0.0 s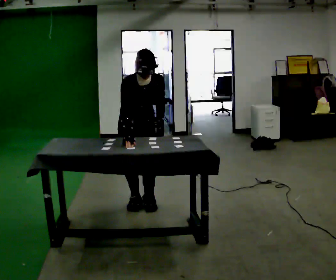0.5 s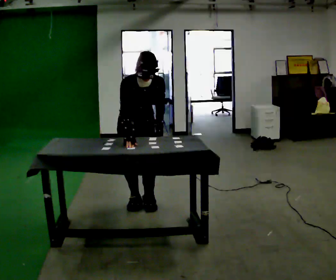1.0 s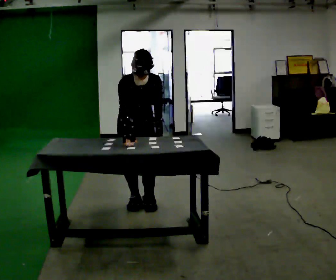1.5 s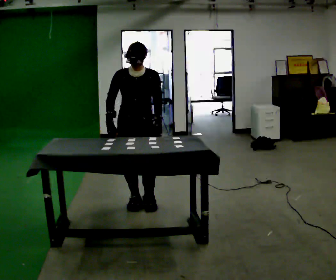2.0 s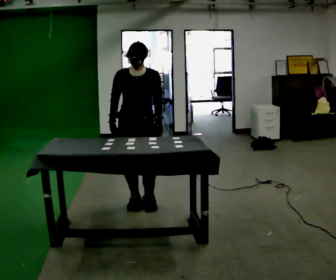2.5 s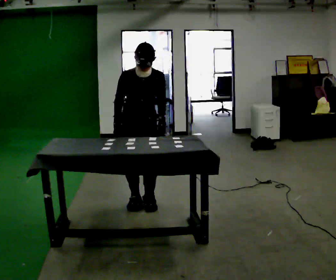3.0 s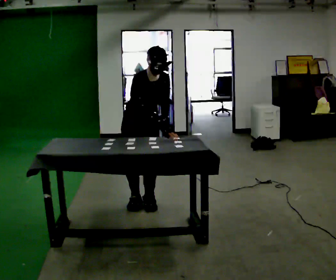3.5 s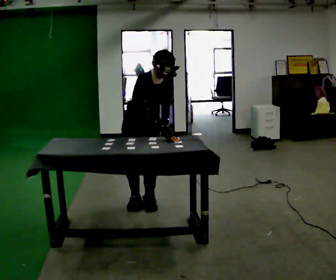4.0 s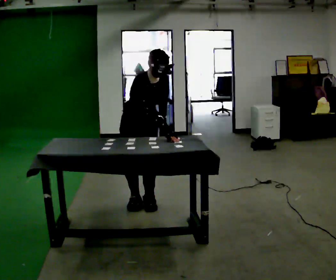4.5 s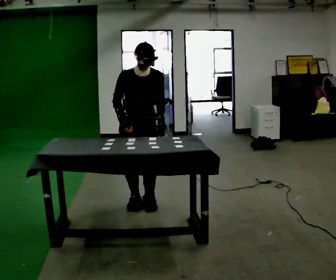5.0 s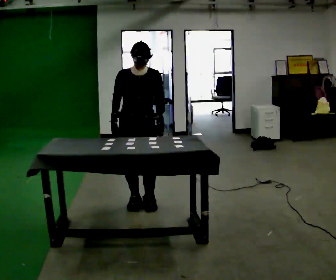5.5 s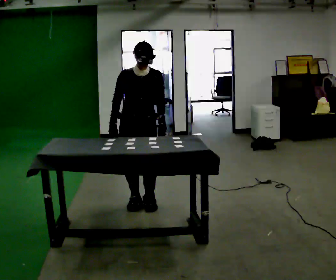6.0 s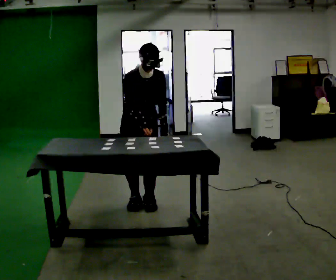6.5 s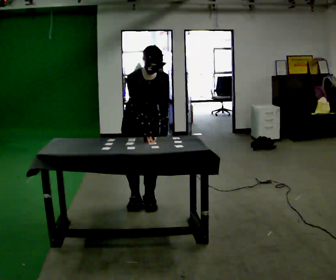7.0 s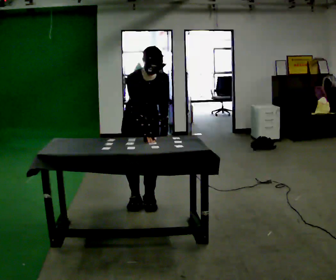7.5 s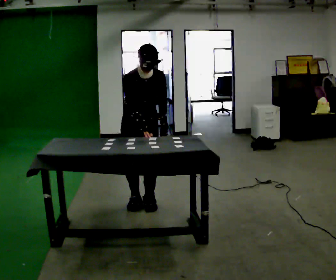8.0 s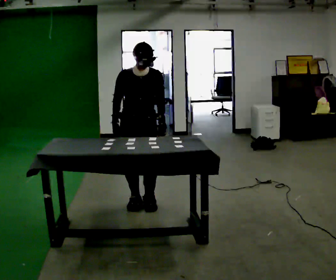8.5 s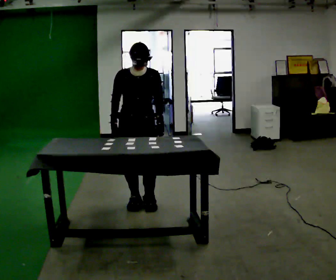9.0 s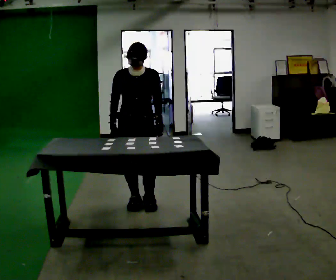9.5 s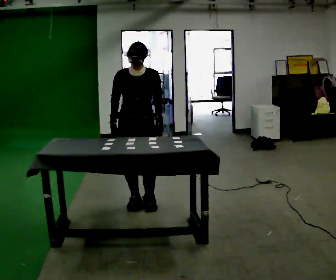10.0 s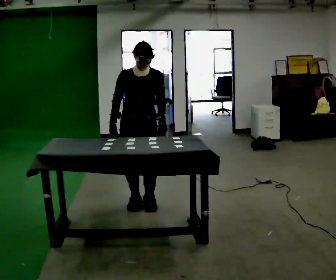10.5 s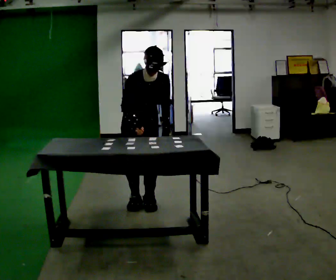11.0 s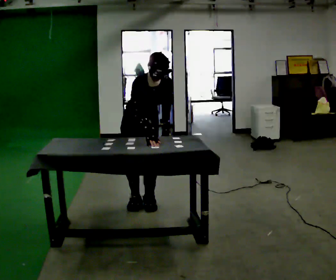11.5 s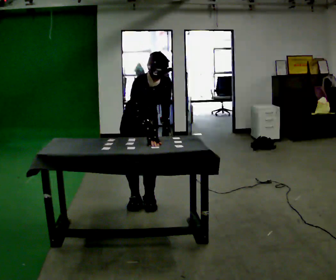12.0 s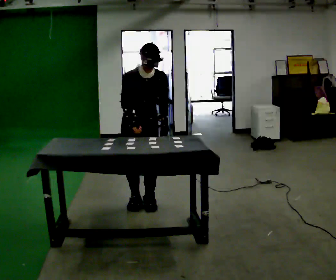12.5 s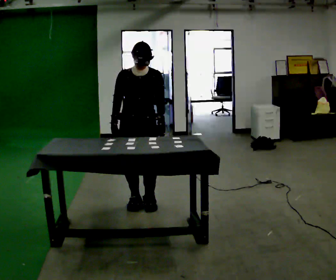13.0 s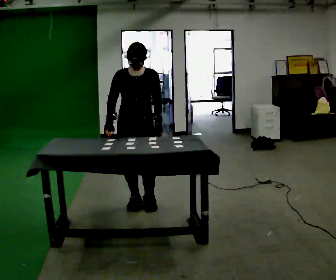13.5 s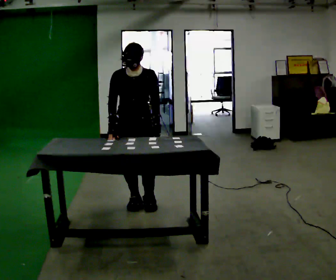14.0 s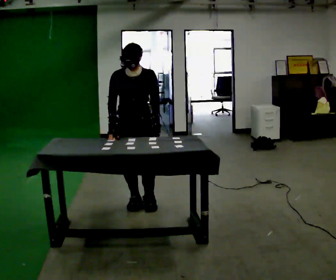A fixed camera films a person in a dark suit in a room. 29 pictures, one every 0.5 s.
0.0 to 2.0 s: The upper body tips away from the camera, its near side rolling upward, as they lean back or straighten.
2.0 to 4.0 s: Seen from above the body turns counterclockwise, about 30 degrees: to their left, with its near side sliding to the right. The upper body tips toward the camera, its near side rolling downward, as they bend forward. In the picture their right hand goes to the right.
4.0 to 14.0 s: The person turns about 30 degrees to their right, clockwise seen from above, so the part of the body nearest the lens slides to the left. In the picture their right hand goes to the left.
The film runs backward here.
